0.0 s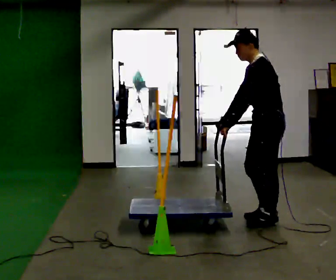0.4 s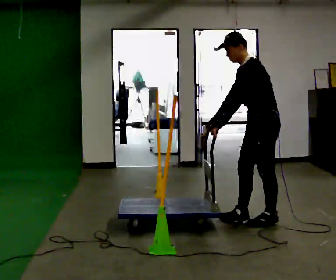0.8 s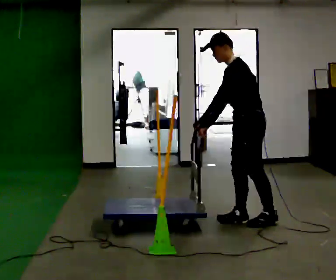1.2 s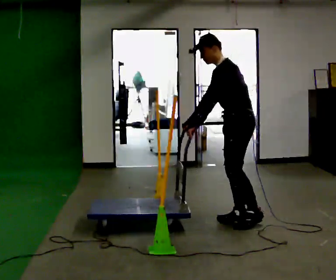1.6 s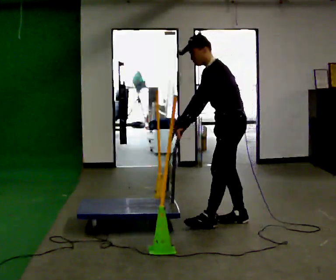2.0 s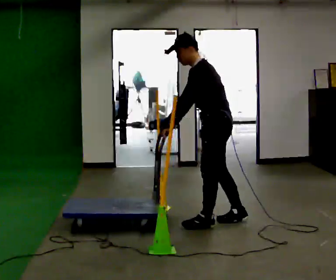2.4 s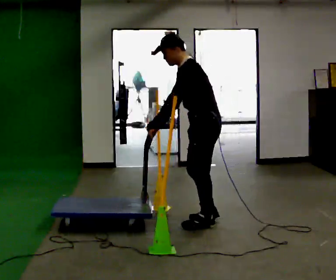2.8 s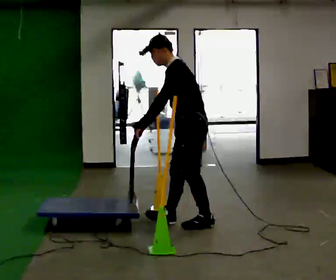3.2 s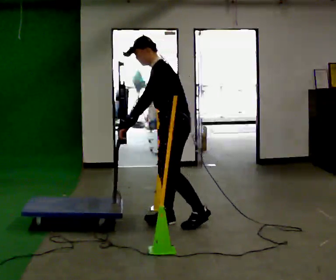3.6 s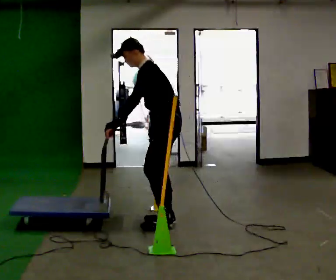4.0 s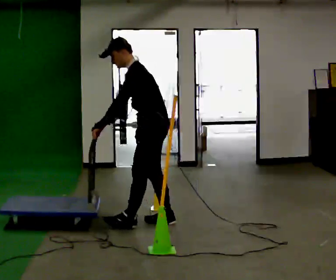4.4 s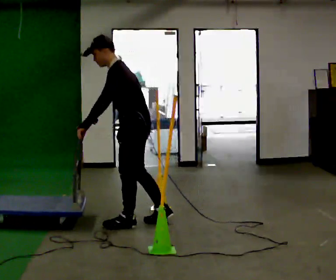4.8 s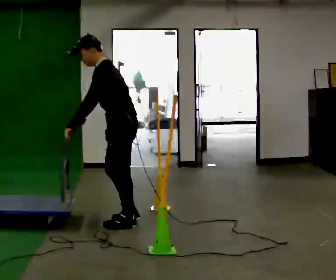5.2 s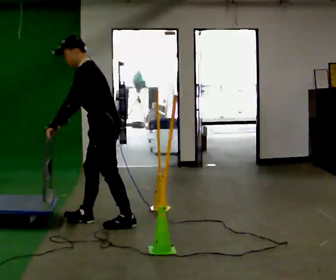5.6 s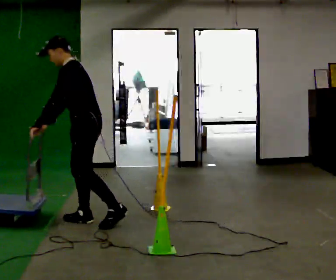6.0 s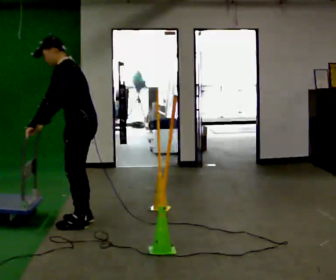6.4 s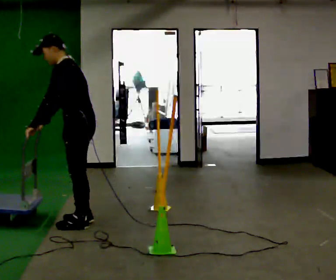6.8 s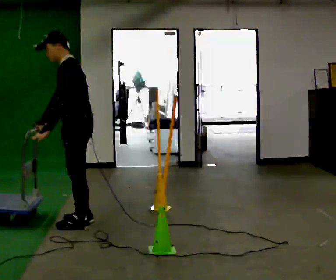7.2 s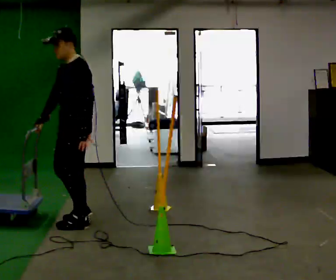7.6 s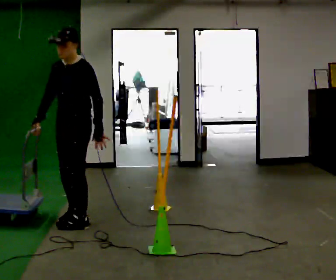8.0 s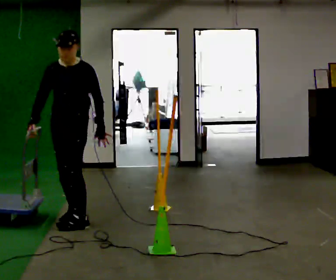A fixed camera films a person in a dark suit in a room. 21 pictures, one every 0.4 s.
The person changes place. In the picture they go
to the left.
0.0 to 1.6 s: In the picture they go to the left, about 0.25 m in 2 steps, which for them is forward.
1.6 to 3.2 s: In the picture they go to the left, about 0.5 m in 1 step, which for them is forward.
3.2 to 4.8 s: In the picture they go to the left, about 0.5 m in 1 step, which for them is forward.
4.8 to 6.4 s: In the picture they go to the left, about 0.25 m in 2 steps, which for them is forward.
6.4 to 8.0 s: Seen from above the body turns counterclockwise, about 75 degrees: to their left, with its near side sliding to the right. In the picture the upper body tilts clockwise, shoulders to the right, as they lean back or straighten. In the picture their left hand goes to the right, the arm swinging counterclockwise.
The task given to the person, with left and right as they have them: Push the cart in and out of the line of poles without touching any of them. Keep going until the operator says stop.
The film runs forward here.
